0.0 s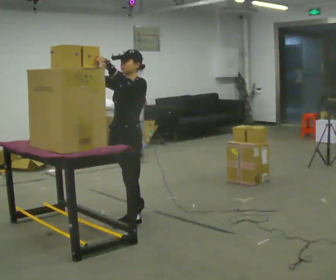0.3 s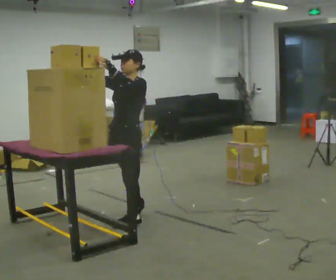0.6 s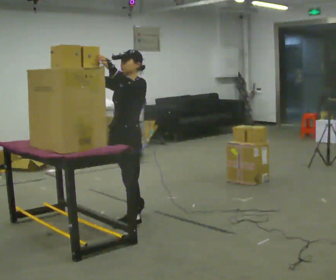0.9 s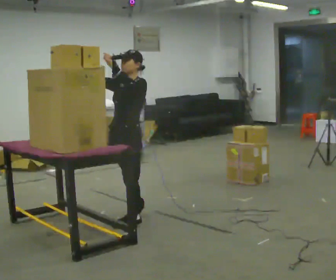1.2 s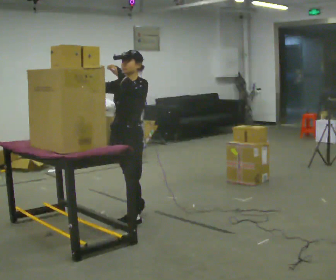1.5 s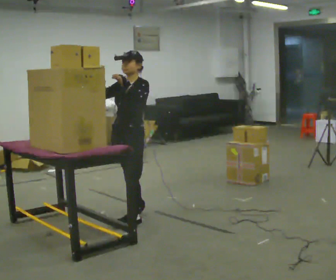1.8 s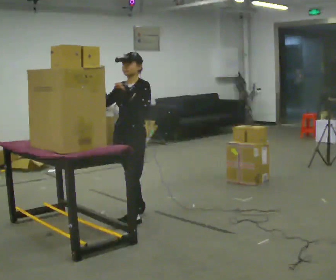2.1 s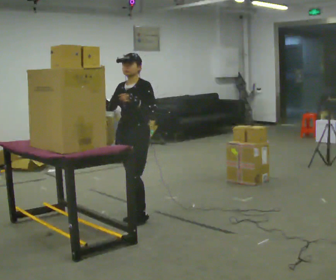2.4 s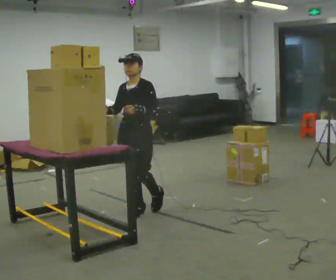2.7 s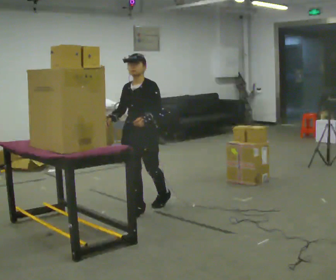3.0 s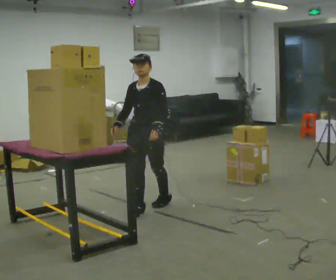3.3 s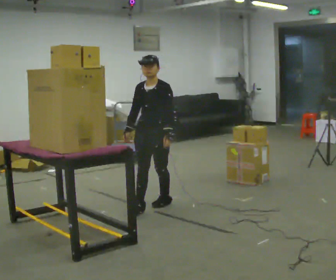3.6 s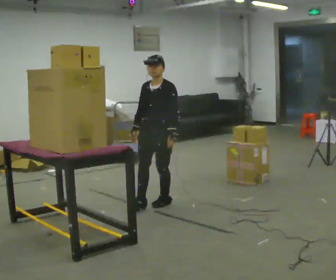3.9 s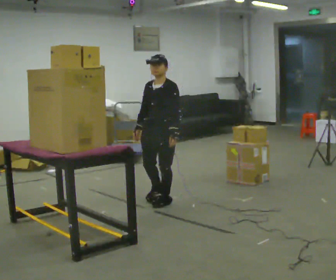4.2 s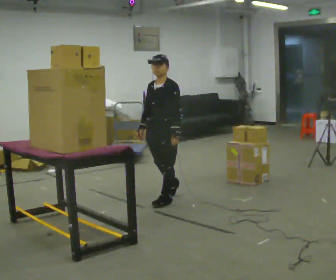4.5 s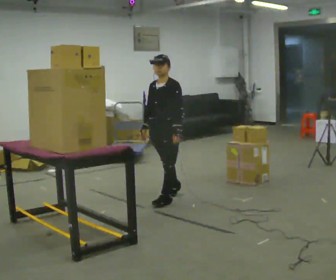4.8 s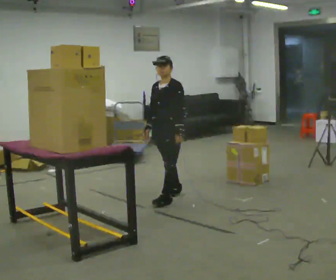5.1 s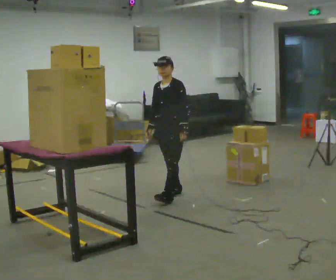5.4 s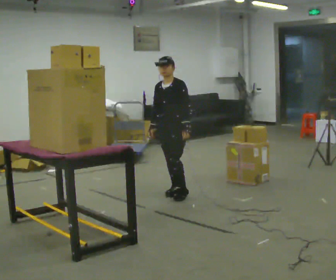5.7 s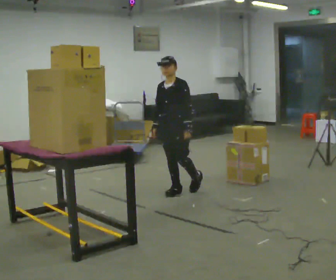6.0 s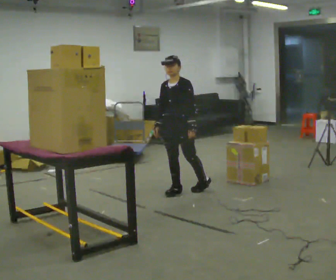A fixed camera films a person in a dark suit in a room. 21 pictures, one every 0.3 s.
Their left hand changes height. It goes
downward.
The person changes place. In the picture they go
away from the camera.
0.0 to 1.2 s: The person moves a little, or ends about where they began.
1.2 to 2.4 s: In the picture they go away from the camera, about 0.25 m in 1 step, which for them is backward.
2.4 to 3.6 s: In the picture they go away from the camera and to the right, about 0.25 m in 1 step, which for them is backward.
3.6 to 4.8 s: In the picture they go away from the camera, about 0.25 m, which for them is backward.
4.8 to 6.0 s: In the picture they go away from the camera, about 0.25 m in 1 step, which for them is backward.
The film runs backward here.
